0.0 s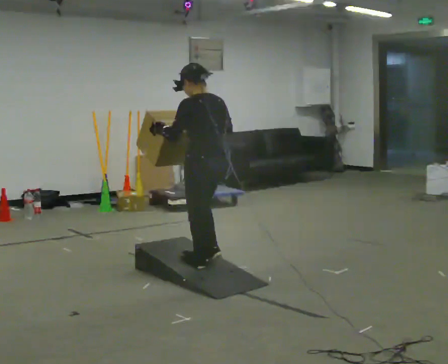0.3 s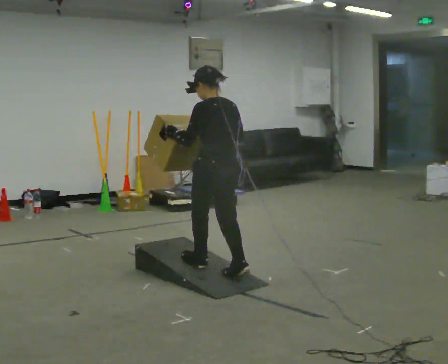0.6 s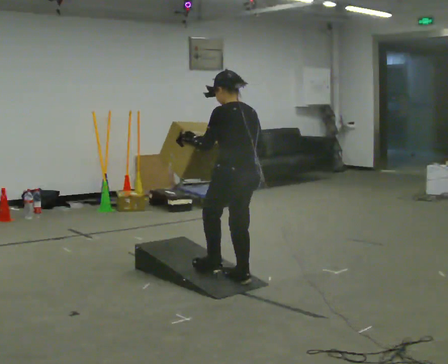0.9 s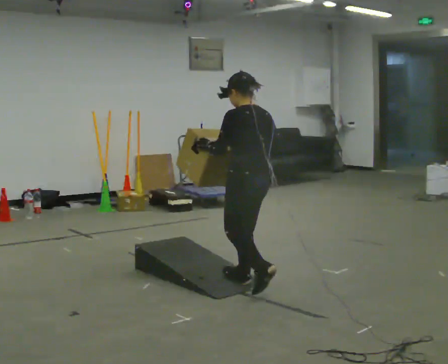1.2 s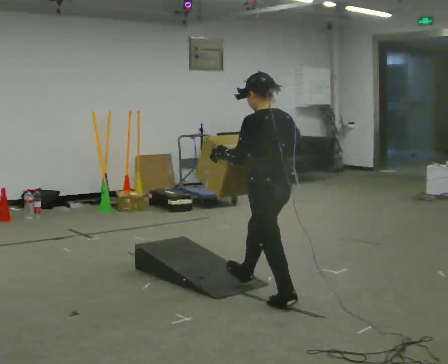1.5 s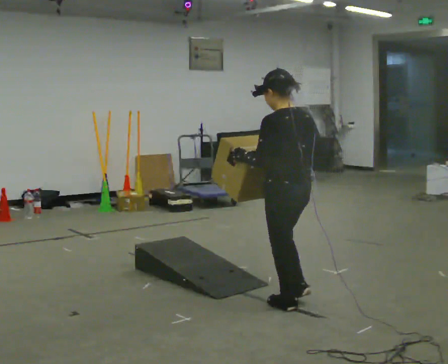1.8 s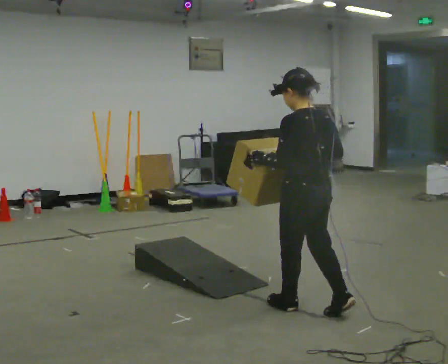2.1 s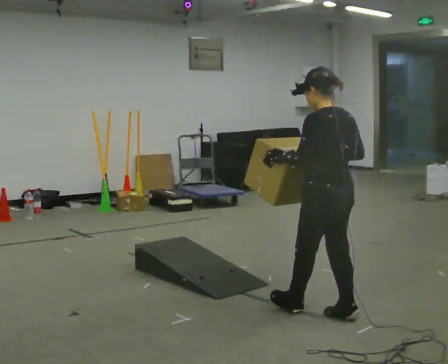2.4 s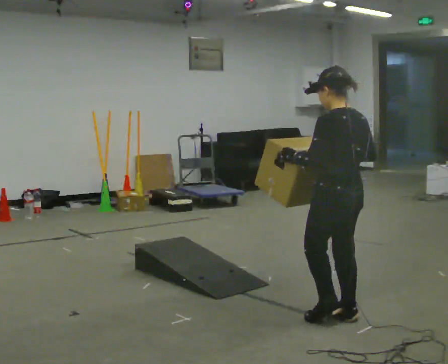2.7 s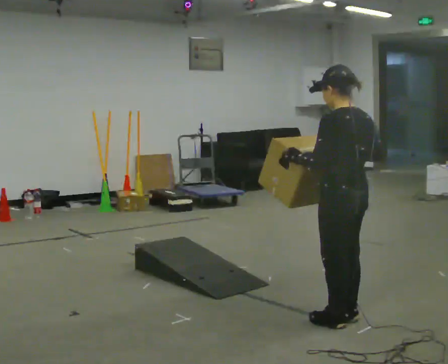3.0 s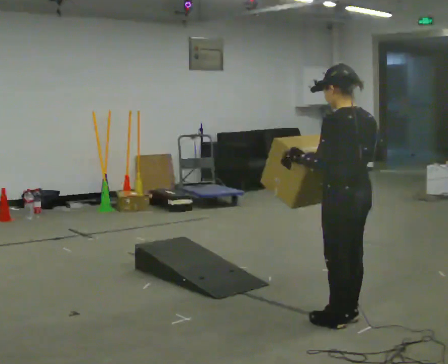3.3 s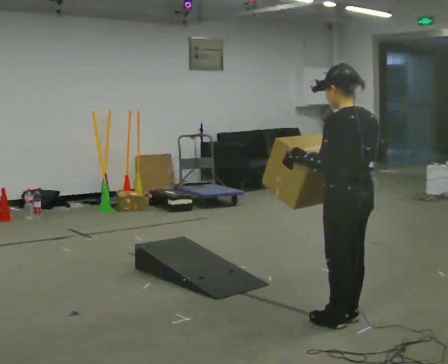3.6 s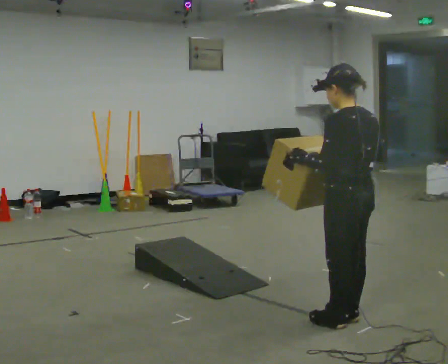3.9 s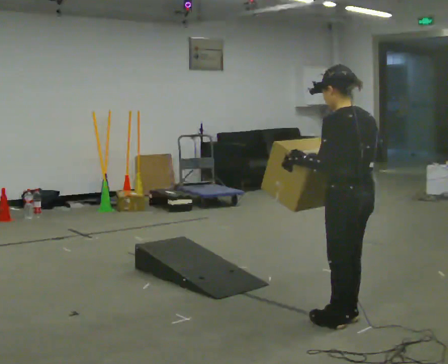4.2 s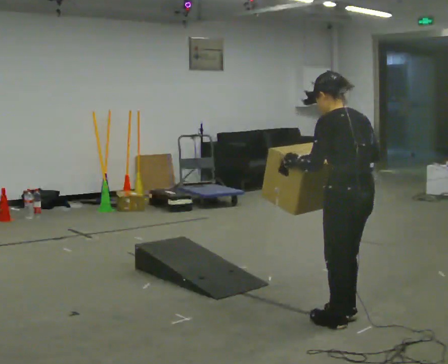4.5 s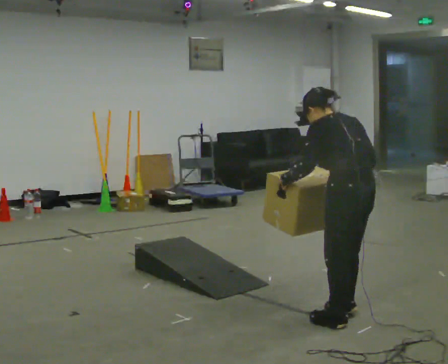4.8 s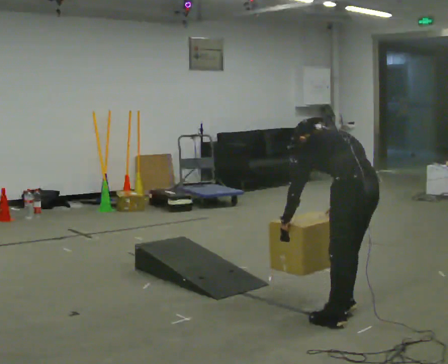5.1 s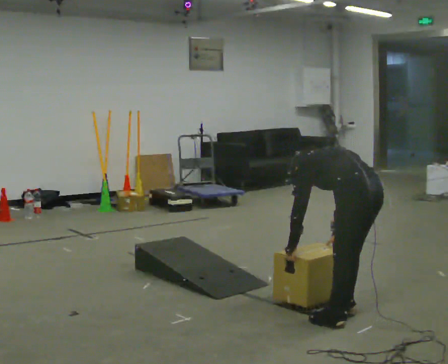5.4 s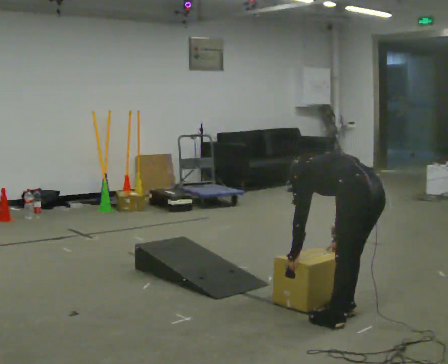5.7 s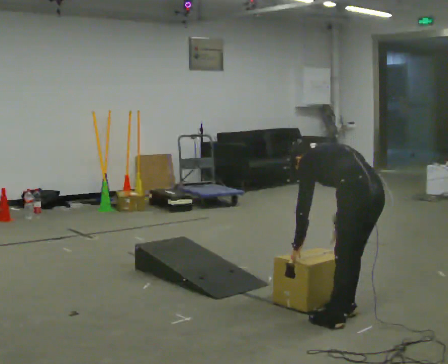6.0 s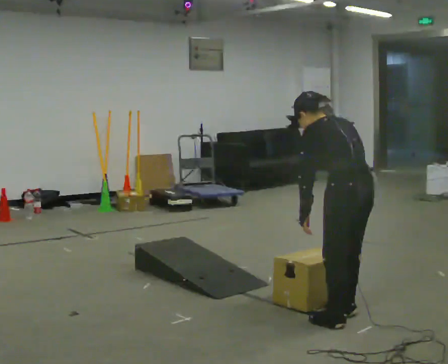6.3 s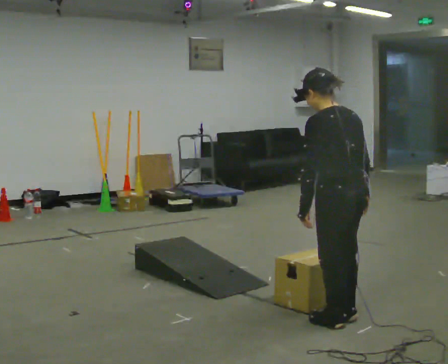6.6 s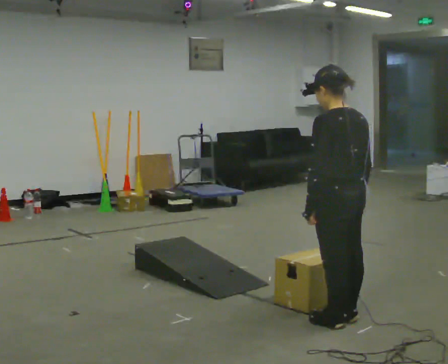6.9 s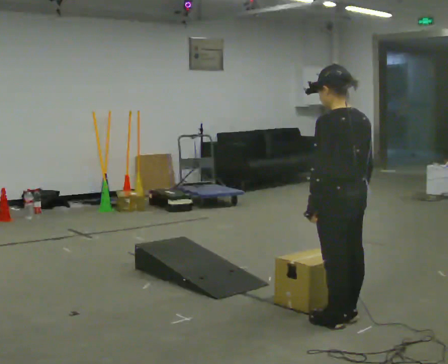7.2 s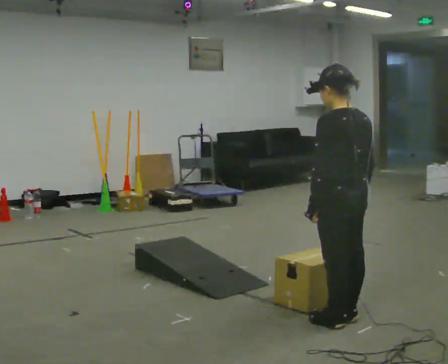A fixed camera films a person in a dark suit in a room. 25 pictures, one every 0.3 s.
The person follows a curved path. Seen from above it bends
clockwise.
0.0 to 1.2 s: In the picture they go to the right and toward the camera, about 0.5 m in 2 steps, which for them is backward.
1.2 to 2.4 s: In the picture they go to the right and toward the camera, about 0.5 m in 1 step, which for them is backward.
2.4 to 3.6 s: The person moves a little, or ends about where they began.
3.6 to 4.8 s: The upper body tips away from the camera, its near side rolling upward, as they bend forward. In the picture their right hand goes downward.
4.8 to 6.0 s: The person moves a little, or ends about where they began.
6.0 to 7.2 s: The upper body tips toward the camera, its near side rolling downward, as they lean back or straighten.
The film runs backward here.
